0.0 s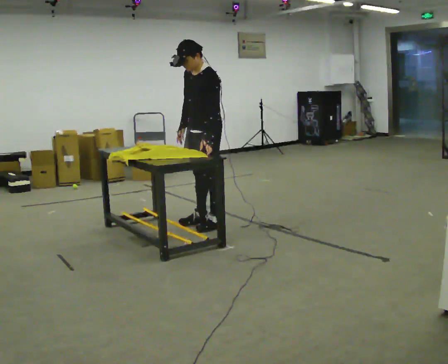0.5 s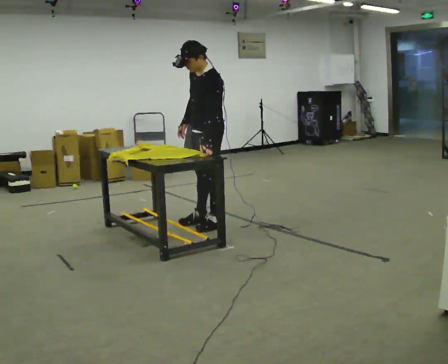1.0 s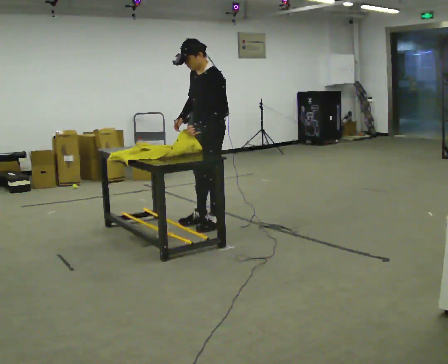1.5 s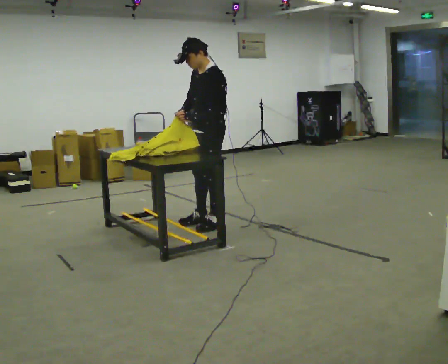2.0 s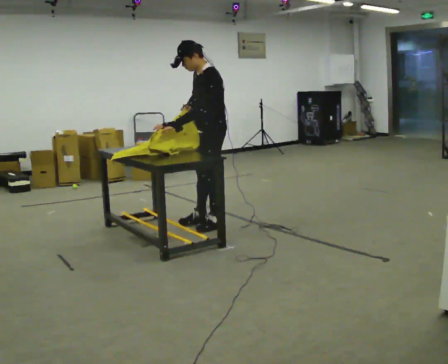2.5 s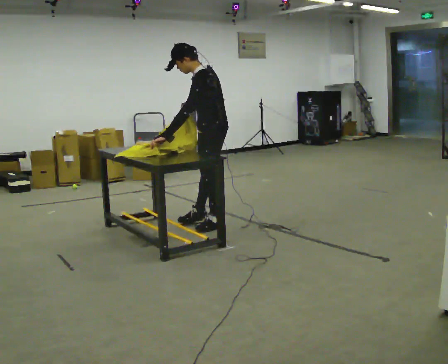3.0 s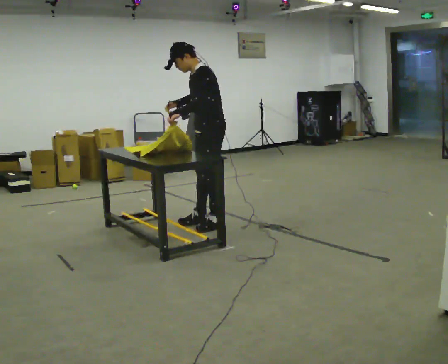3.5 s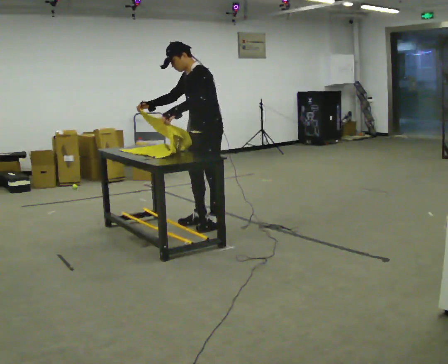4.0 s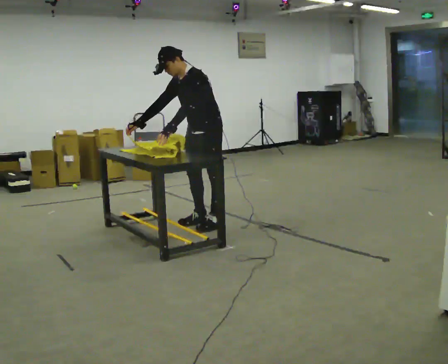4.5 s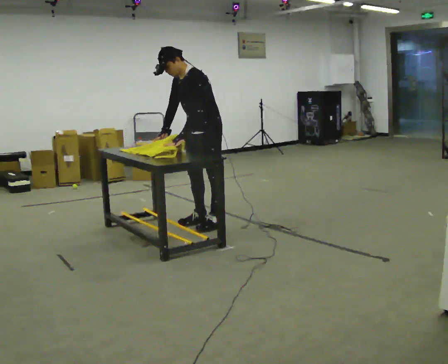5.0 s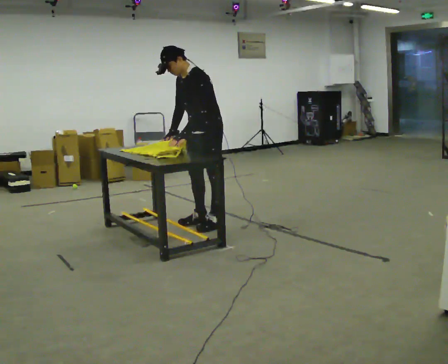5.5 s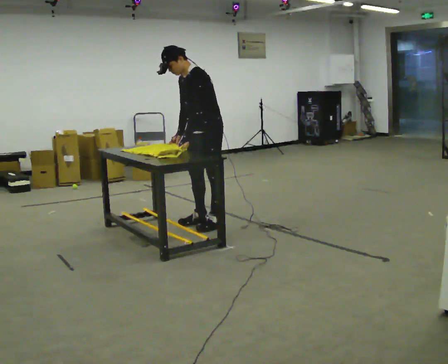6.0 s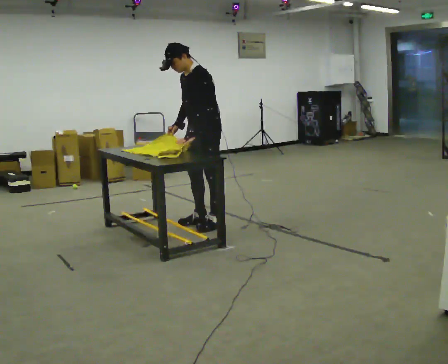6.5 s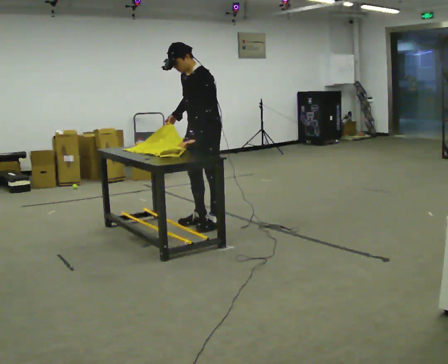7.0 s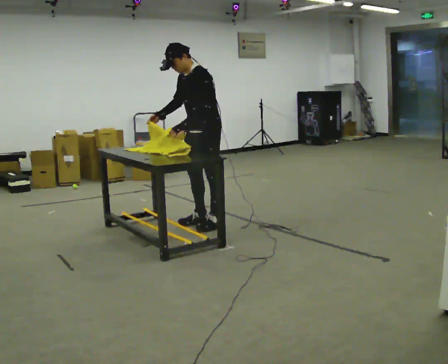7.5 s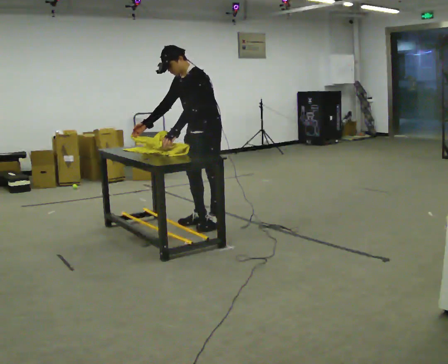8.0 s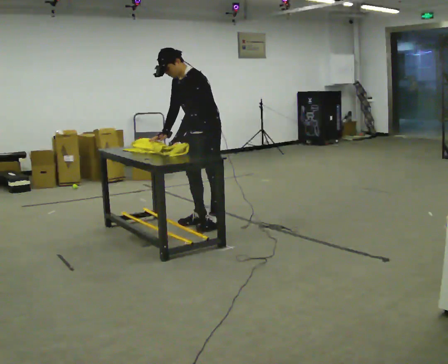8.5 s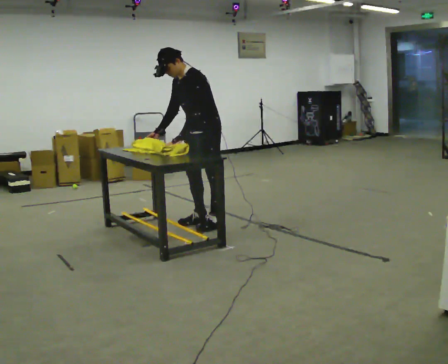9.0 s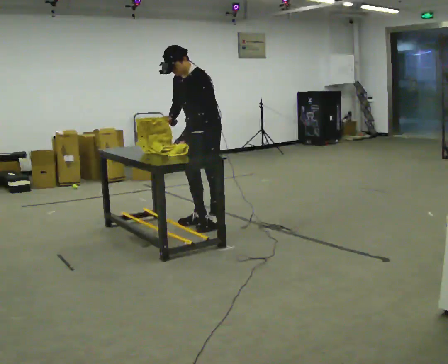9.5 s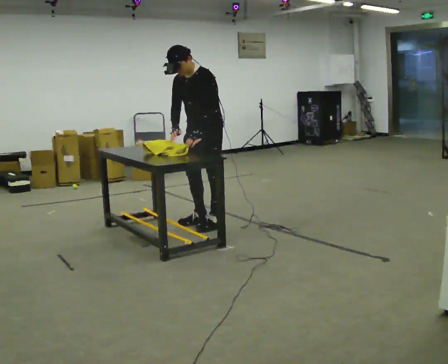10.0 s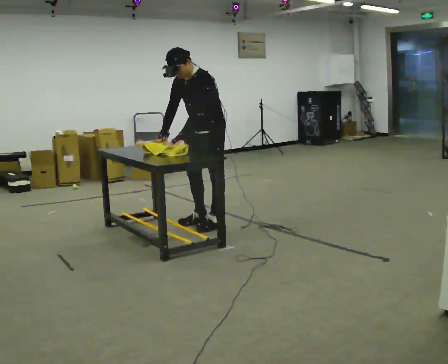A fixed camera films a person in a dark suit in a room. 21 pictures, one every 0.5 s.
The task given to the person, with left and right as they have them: Fold the cloth in half, then in half again, then unfold it. Repeat at your own pace until the operator says stop. Keep both feet on the marked spots for the whole take. If you have to step, stop and tell the operator.
0.0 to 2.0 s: The person moves a little, or ends about where they began.
2.0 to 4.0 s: In the picture the upper body tilts counterclockwise, shoulders to the left, as they bend forward. In the picture their right hand goes to the left.
4.0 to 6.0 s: In the picture their right hand goes to the right.
6.0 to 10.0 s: The person moves a little, or ends about where they began.
The film runs forward here.
